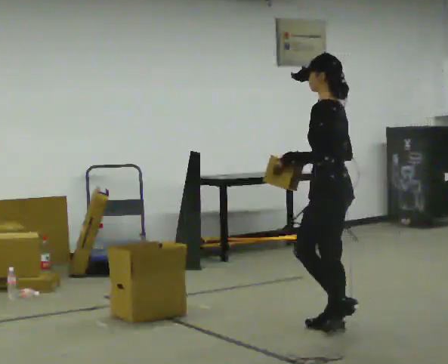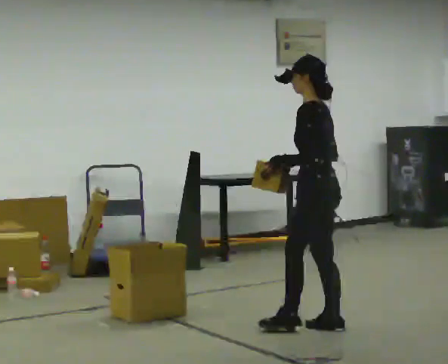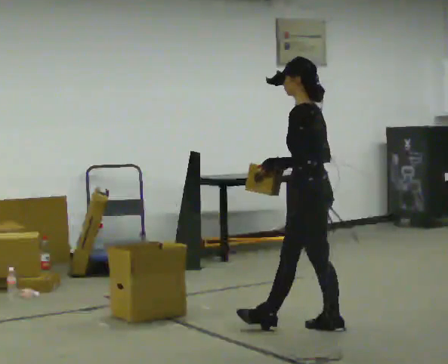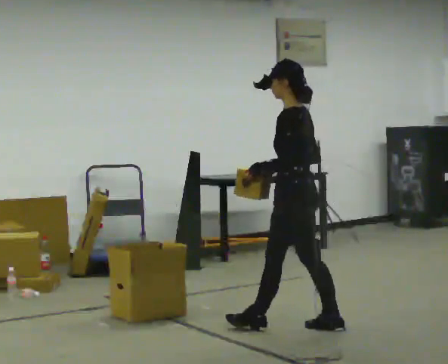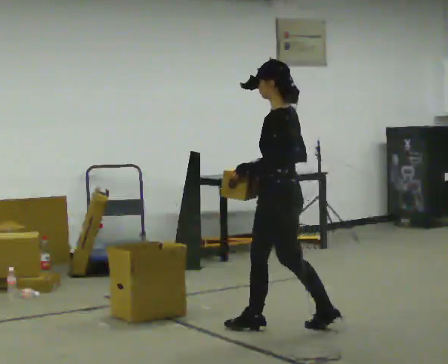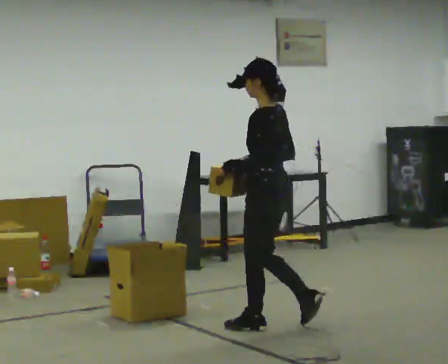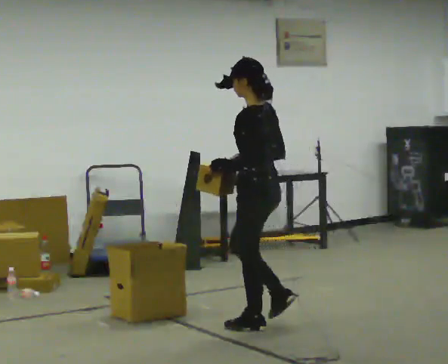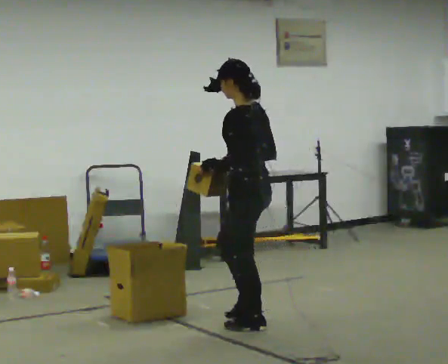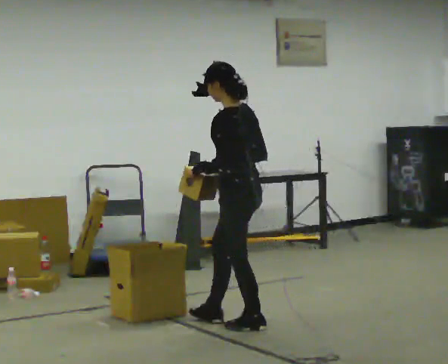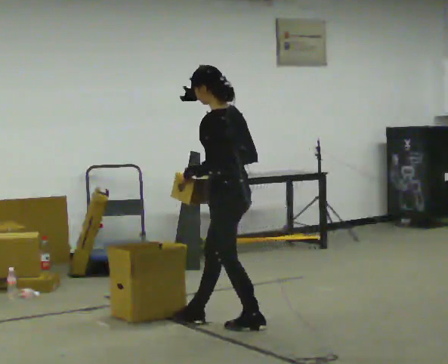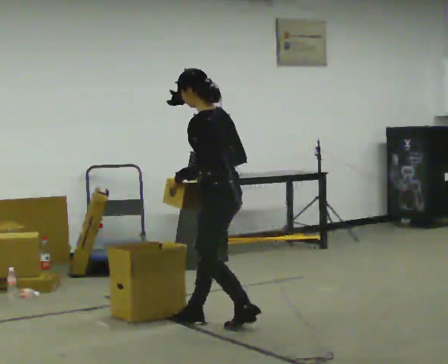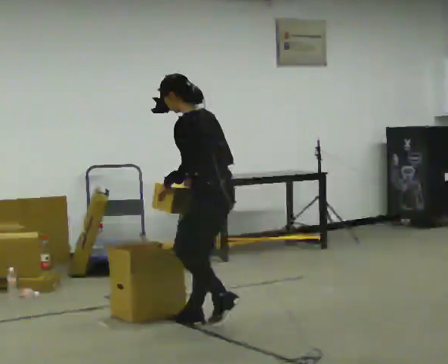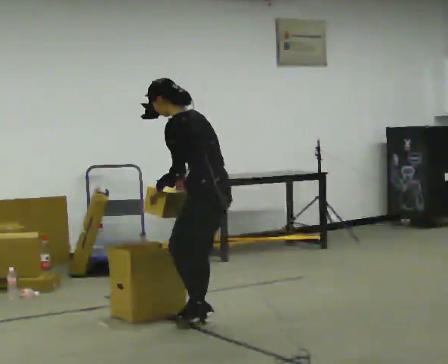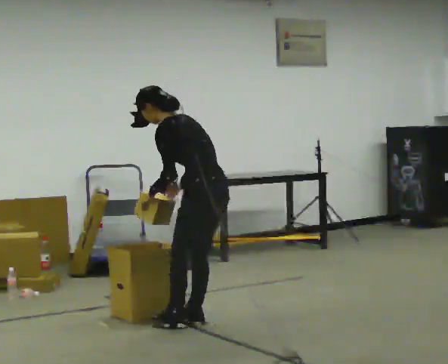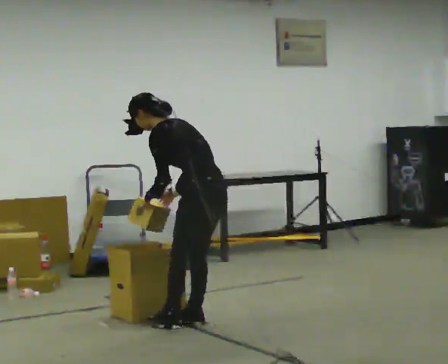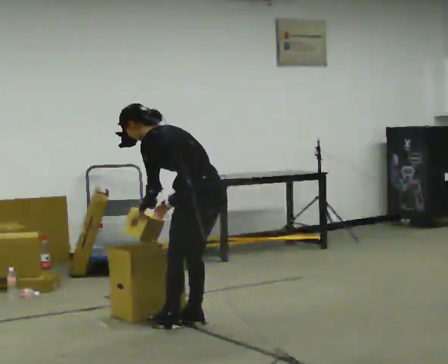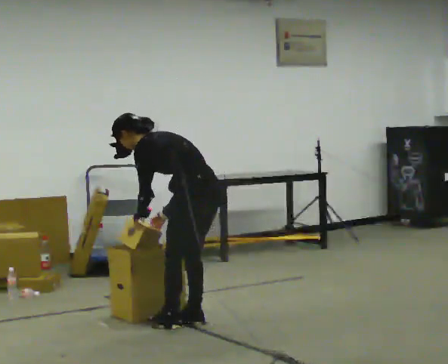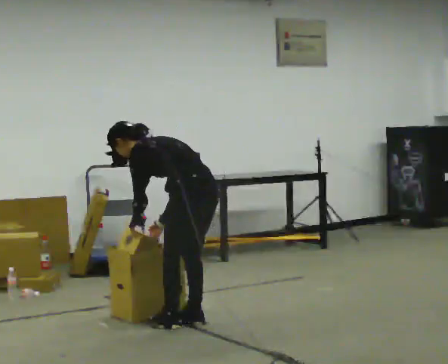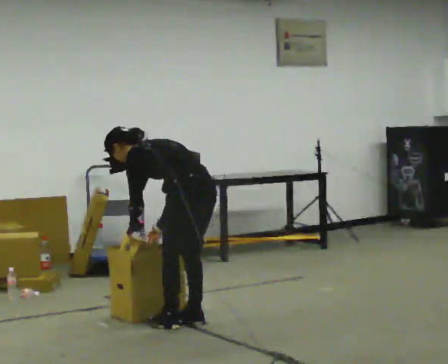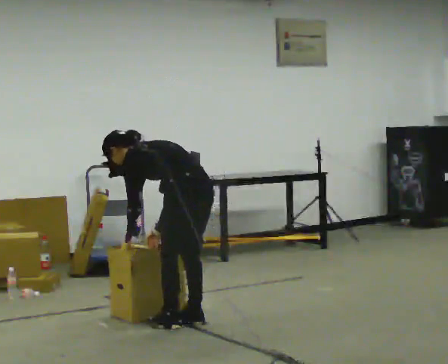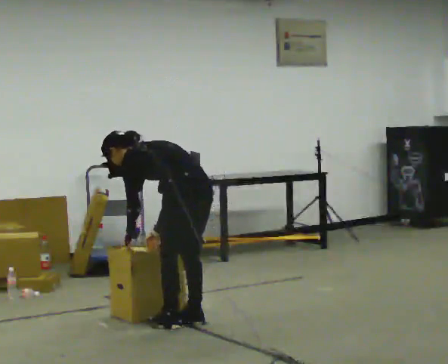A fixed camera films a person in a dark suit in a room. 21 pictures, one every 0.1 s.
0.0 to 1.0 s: In the picture they go to the left, about 0.75 m in 2 steps, which for them is forward.
1.0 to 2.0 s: In the picture they go to the left, about 0.25 m in 1 step, which for them is to their left and forward. The shoulders move downward. The upper body tips away from the camera, its near side rolling upward, as they bend forward. In the picture their right hand goes downward and to the left.
The film runs forward here.
